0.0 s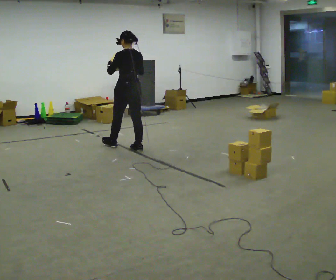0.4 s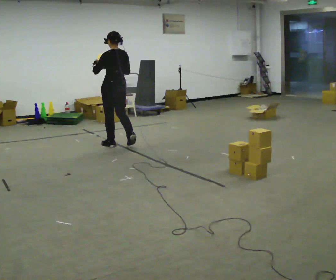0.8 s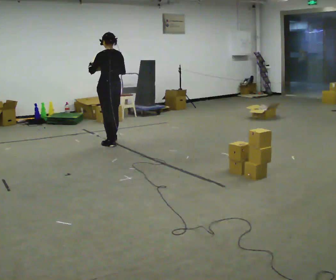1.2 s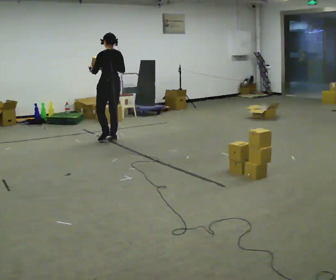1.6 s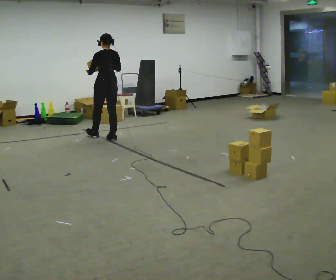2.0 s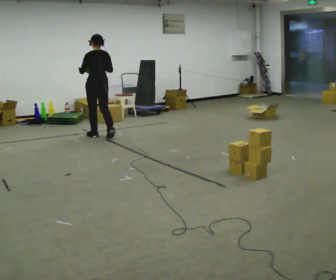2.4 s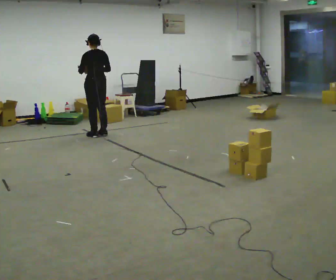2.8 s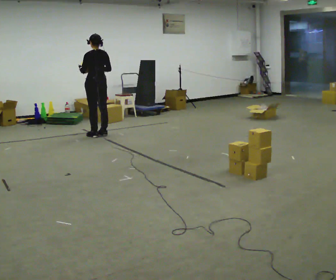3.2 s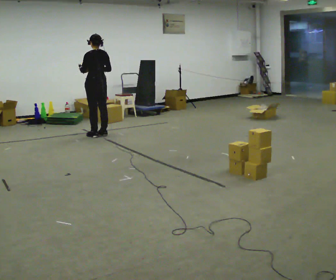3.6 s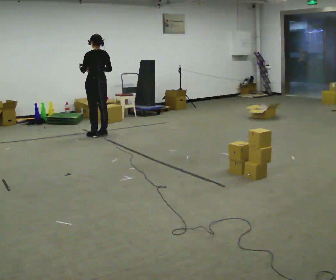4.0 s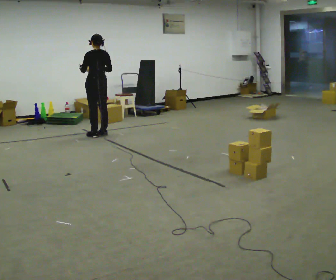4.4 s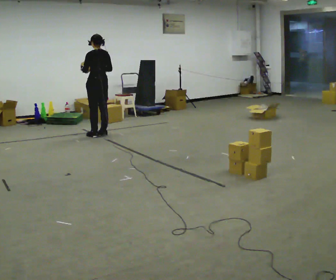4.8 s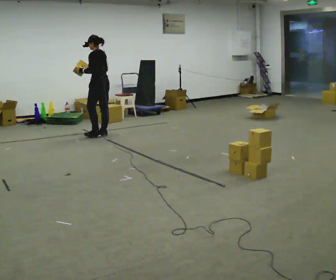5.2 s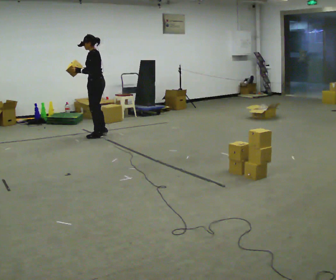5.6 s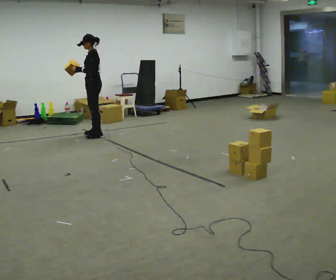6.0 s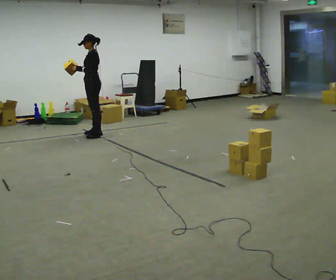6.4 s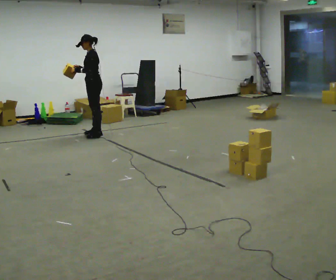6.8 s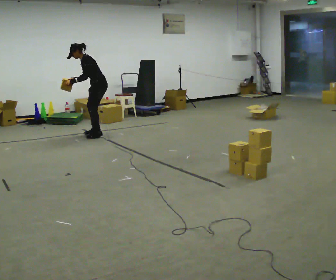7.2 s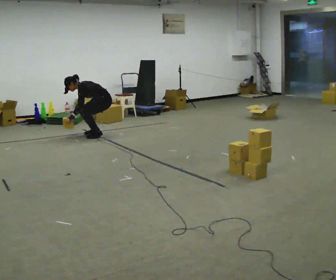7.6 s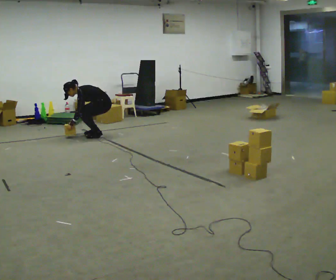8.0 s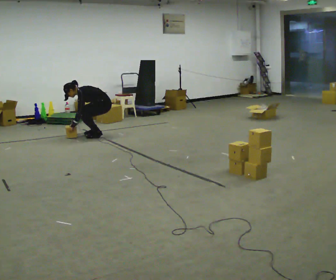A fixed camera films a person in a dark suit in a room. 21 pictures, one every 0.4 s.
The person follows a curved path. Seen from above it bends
clockwise.
The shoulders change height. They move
downward.
0.0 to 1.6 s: In the picture they go away from the camera and to the left, about 0.5 m in 3 steps, which for them is forward.
1.6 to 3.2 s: In the picture they go away from the camera, about 0.25 m in 1 step, which for them is forward.
3.2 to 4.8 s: The part of the body nearest the lens slides to the right as the person turns to their left by about 30 degrees.
4.8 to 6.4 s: The person turns about 30 degrees to their left, counterclockwise seen from above, so the part of the body nearest the lens slides to the right.
6.4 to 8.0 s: The shoulders move downward. In the picture the upper body tilts counterclockwise, shoulders to the left, as they bend forward. In the picture their right hand goes downward.
The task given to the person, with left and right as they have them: Carry the box and, while you are still walking, turn it so you can read the label, read it out loud, then carry on. Repeat with the next box. Do not stop to read it.
The film runs forward here.
